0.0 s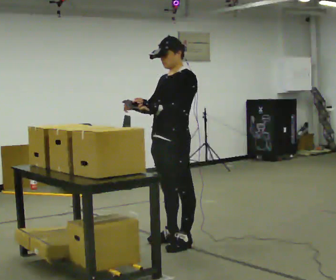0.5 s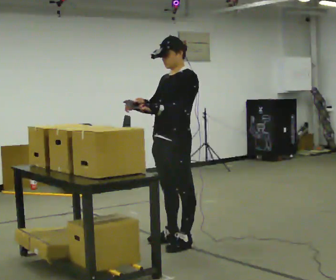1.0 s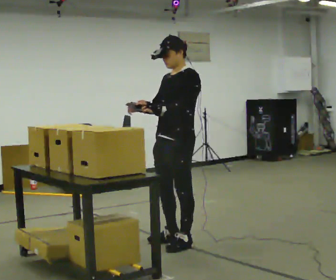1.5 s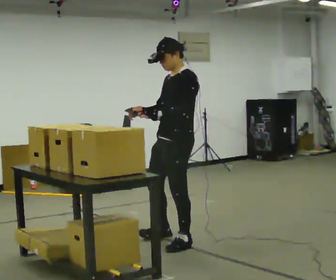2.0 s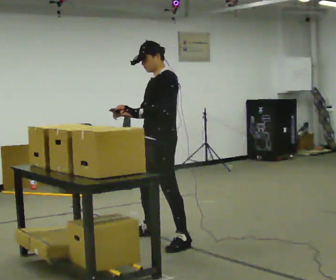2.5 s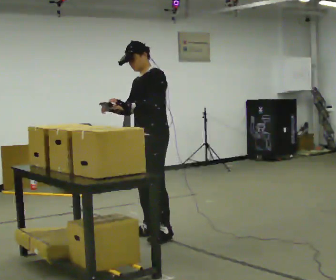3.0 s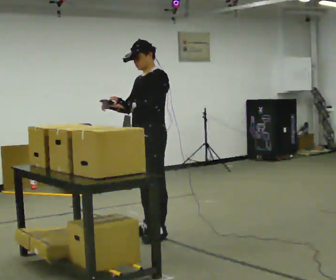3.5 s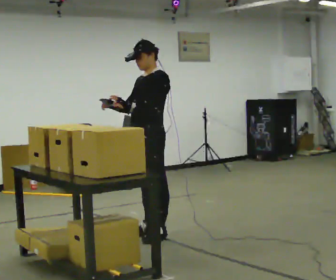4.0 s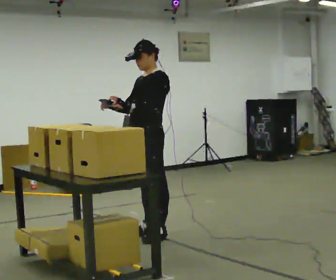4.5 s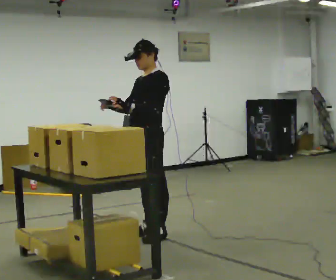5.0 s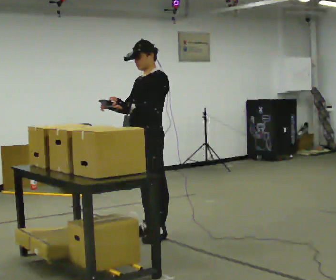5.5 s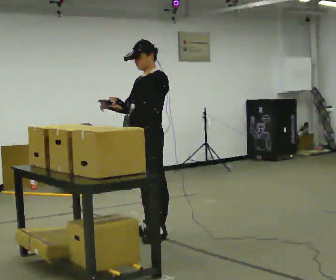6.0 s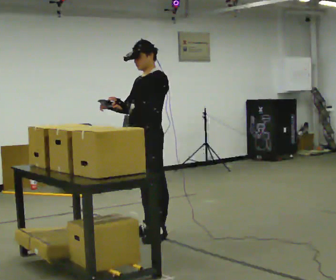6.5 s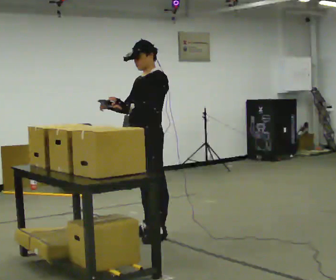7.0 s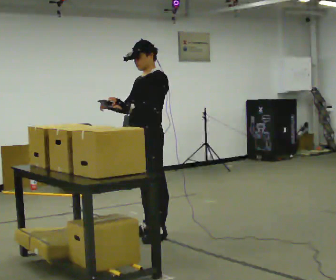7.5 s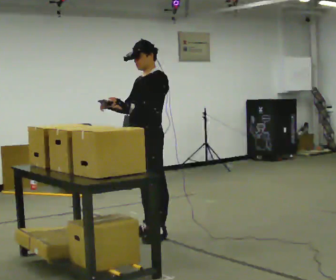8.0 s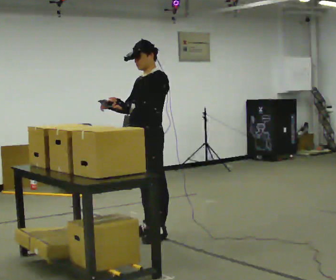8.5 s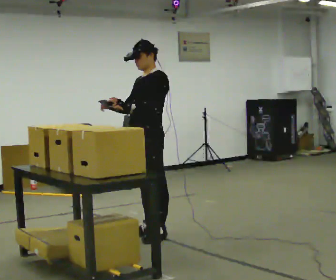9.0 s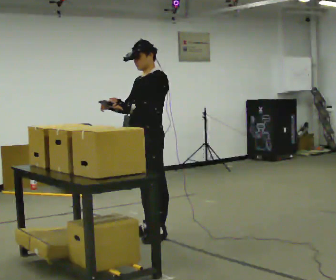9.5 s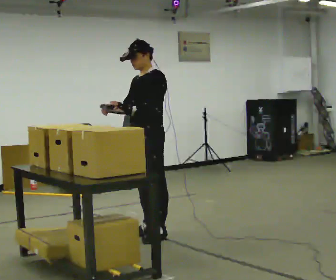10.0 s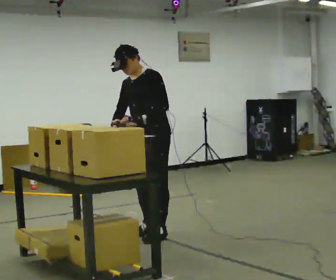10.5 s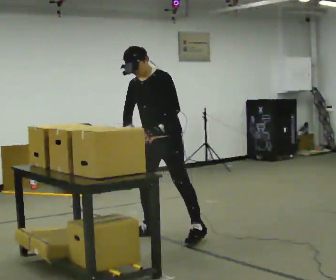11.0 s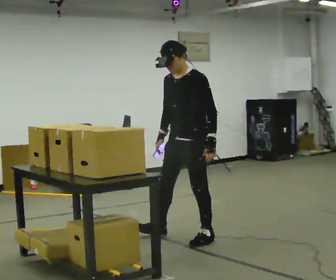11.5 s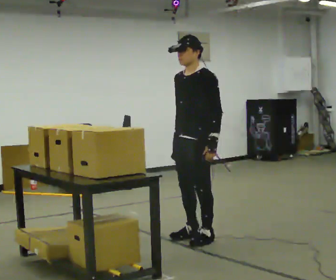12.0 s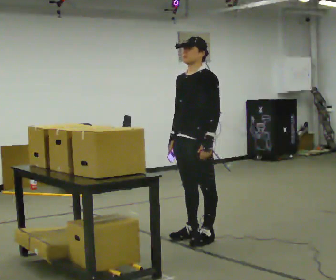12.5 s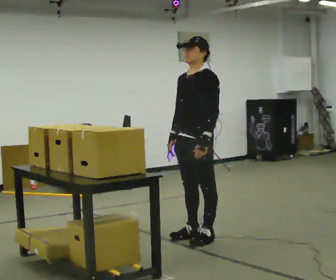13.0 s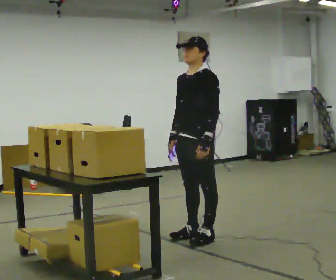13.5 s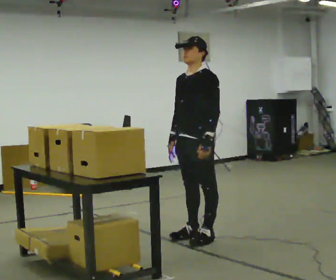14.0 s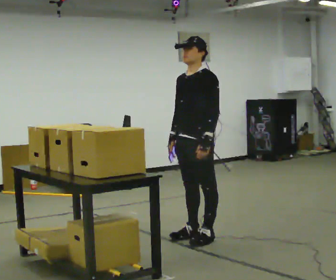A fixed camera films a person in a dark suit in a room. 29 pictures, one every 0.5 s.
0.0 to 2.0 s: In the picture they go away from the camera, about 0.25 m in 1 step, which for them is to their right.
2.0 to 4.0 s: The person moves a little, or ends about where they began.
4.0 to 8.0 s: The person keeps their place and pose.
8.0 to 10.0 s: In the picture the upper body tilts counterclockwise, shoulders to the left, as they bend forward.
10.0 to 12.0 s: In the picture they go to the right and toward the camera, about 0.5 m in 2 steps, which for them is to their left and backward. In the picture the upper body tilts clockwise, shoulders to the right, as they lean back or straighten.
12.0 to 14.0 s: The person keeps their place and pose.
The film runs forward here.
